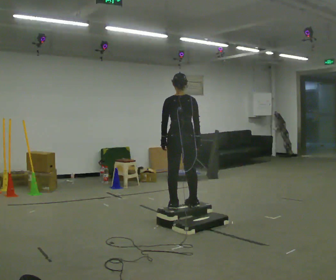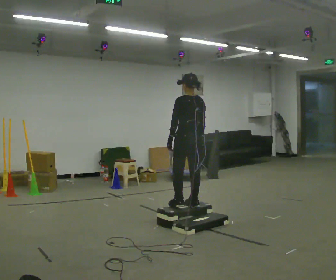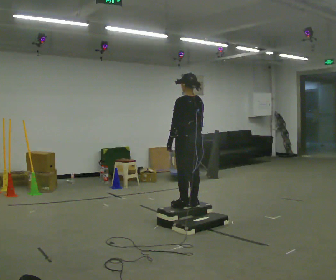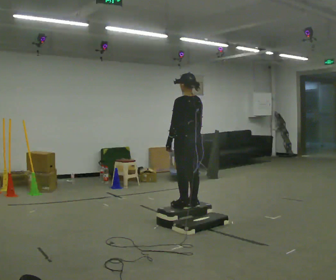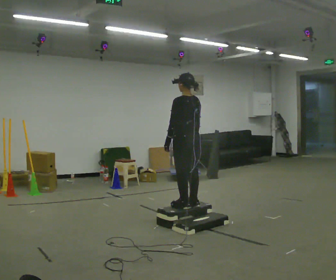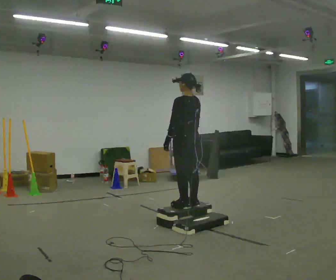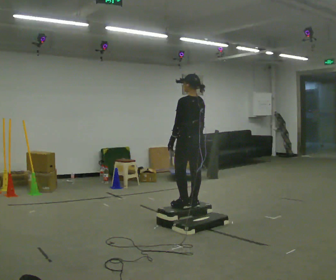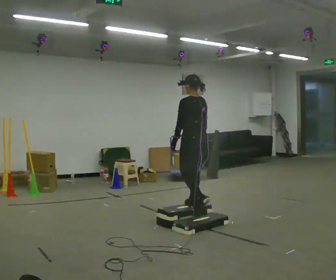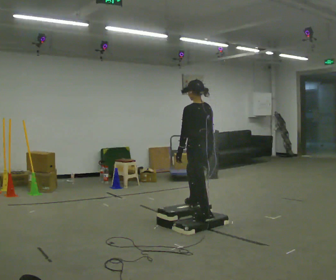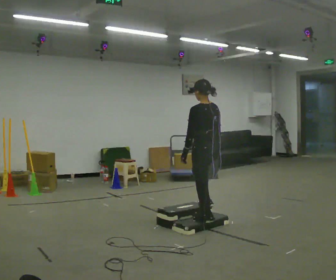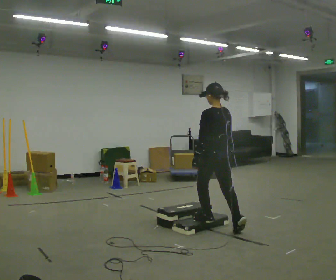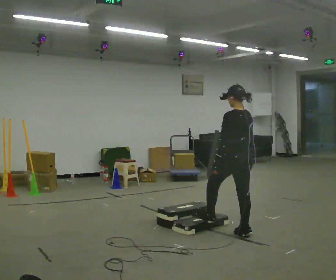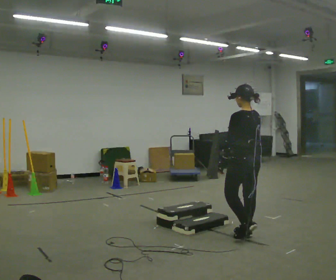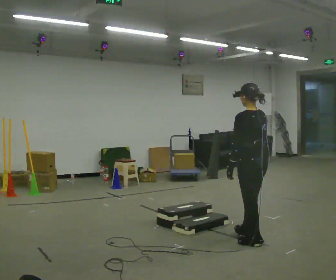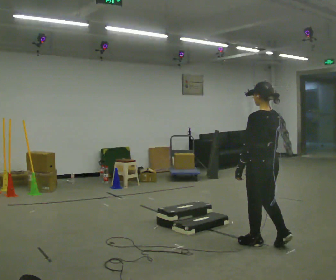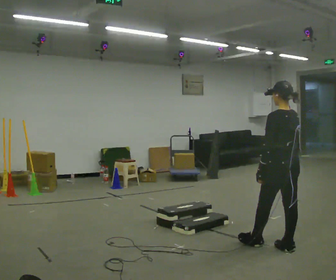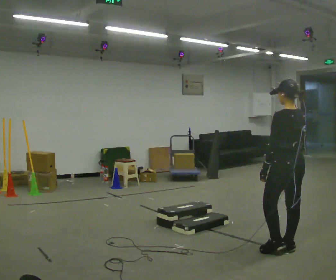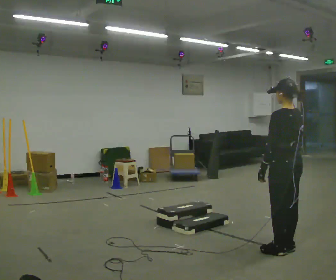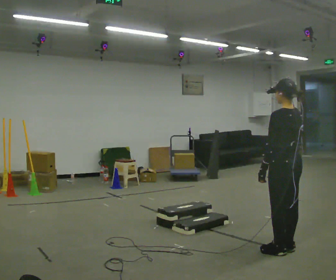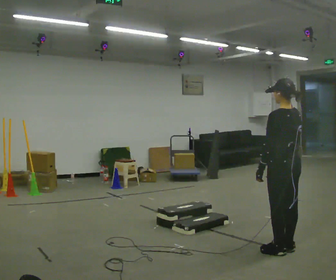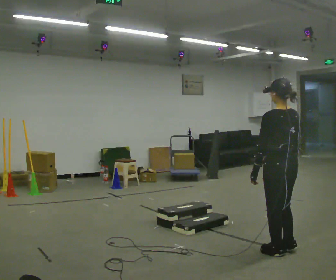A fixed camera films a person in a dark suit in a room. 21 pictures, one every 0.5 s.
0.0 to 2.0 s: Seen from above the body turns counterclockwise, about 30 degrees: to their left, with its near side sliding to the right.
2.0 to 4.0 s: In the picture they go toward the camera and to the right, about 0.25 m in 1 step, which for them is backward.
4.0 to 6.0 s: In the picture they go to the right and toward the camera, about 0.75 m in 2 steps, which for them is backward.
6.0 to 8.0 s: In the picture they go toward the camera and to the right, about 0.5 m in 2 steps, which for them is backward.
8.0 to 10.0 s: The person moves a little, or ends about where they began.
The film runs backward here.
